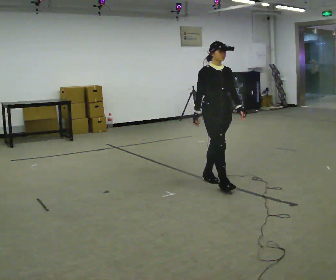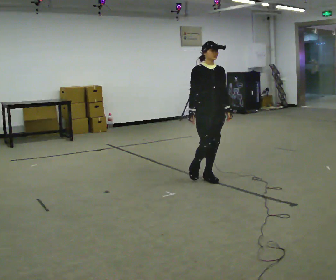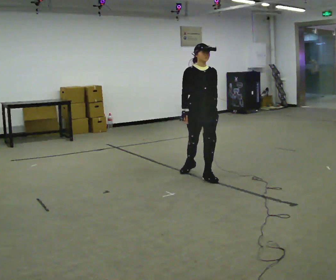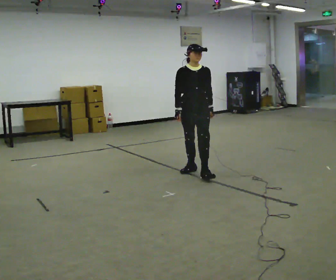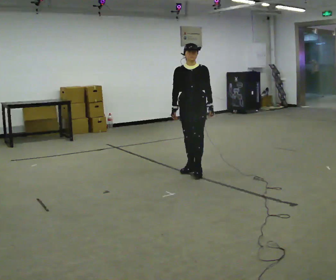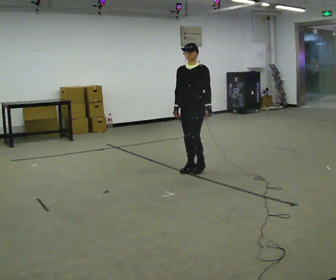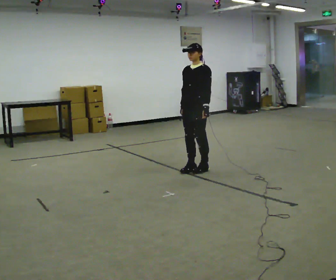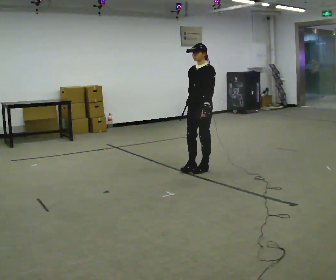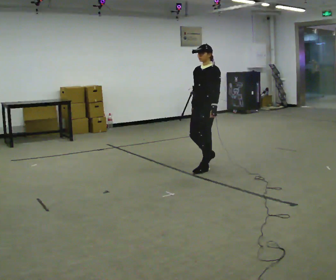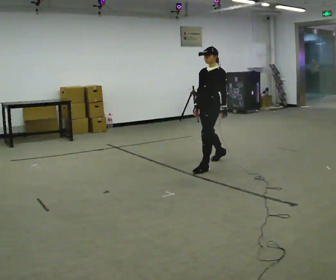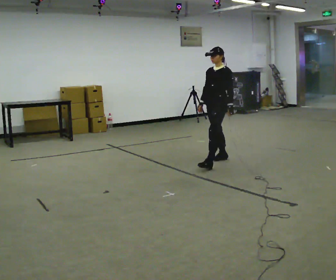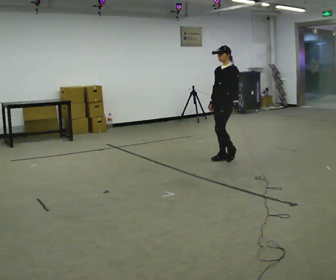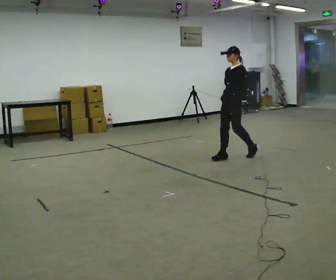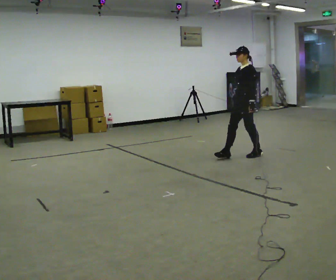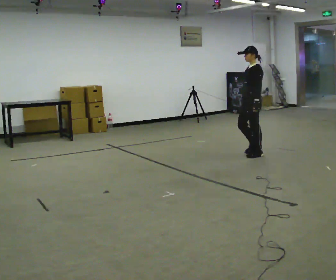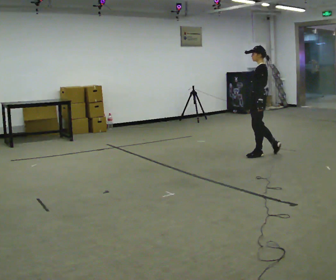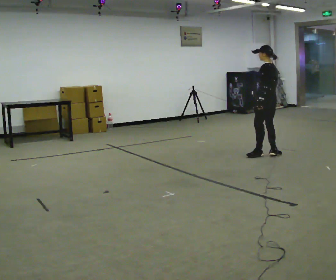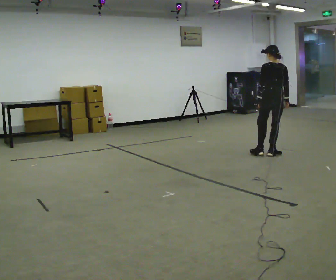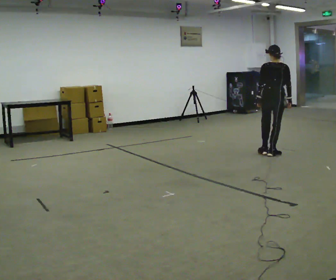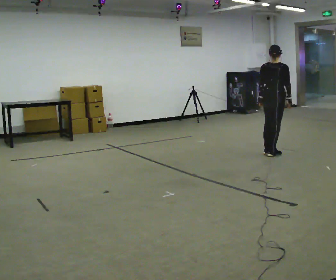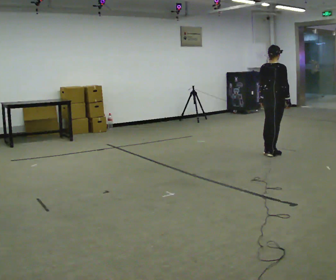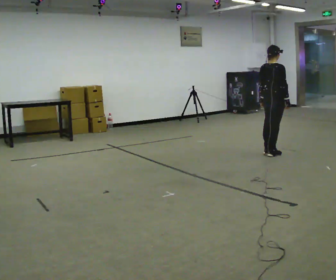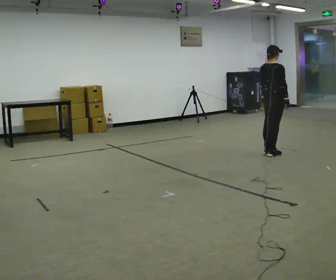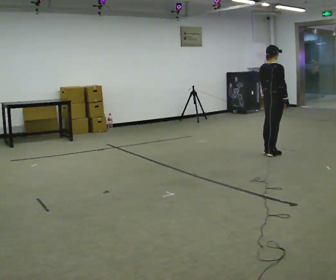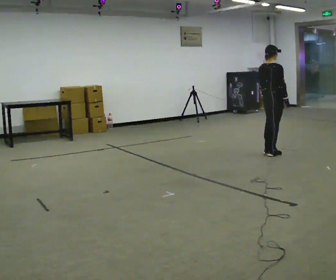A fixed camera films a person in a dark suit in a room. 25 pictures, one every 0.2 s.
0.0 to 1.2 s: Seen from above the body turns clockwise, about 75 degrees: to their right, with its near side sliding to the left. In the picture they go away from the camera and to the left, about 0.5 m in 1 step.
1.2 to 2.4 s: In the picture they go away from the camera and to the right, about 0.5 m in 2 steps, which for them is backward.
2.4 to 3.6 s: Seen from above the body turns clockwise, about 120 degrees: to their right, with its near side sliding to the left. In the picture they go to the right, about 0.5 m in 1 step.
3.6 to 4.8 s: The person turns about 45 degrees to their right, clockwise seen from above, so the part of the body nearest the lens slides to the left.
The film runs backward here.
